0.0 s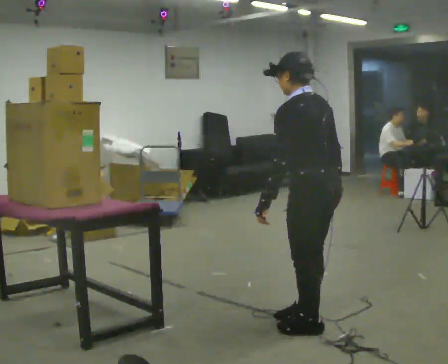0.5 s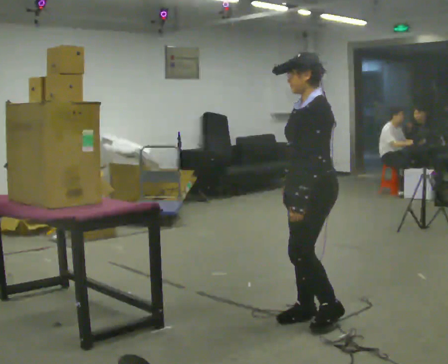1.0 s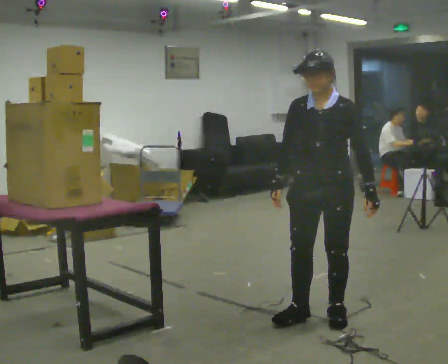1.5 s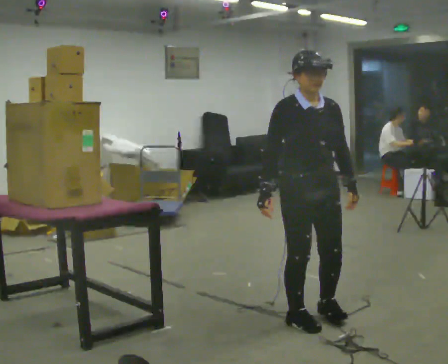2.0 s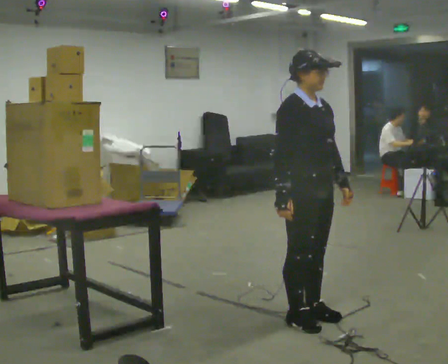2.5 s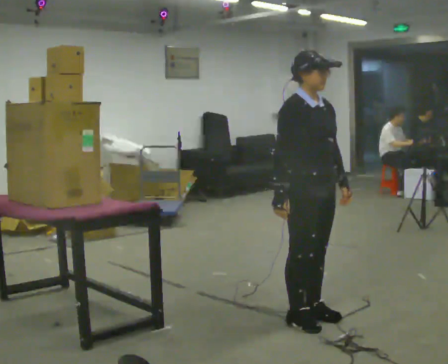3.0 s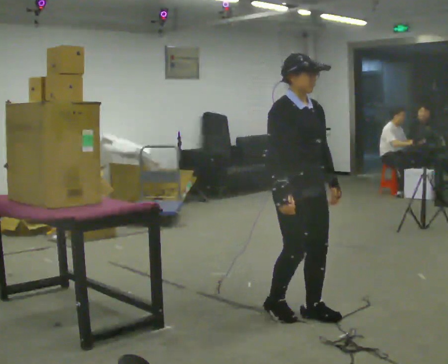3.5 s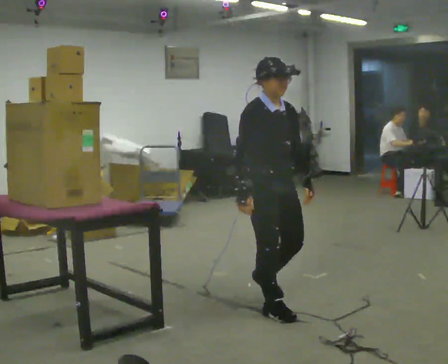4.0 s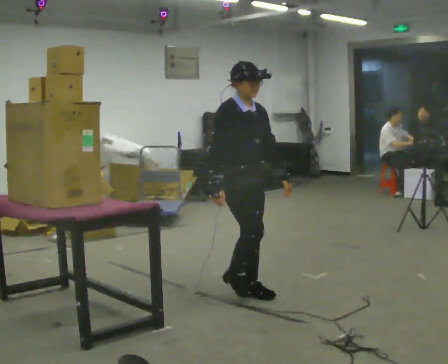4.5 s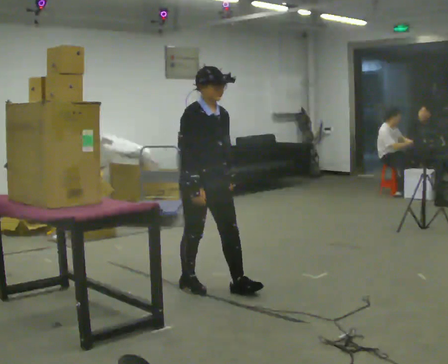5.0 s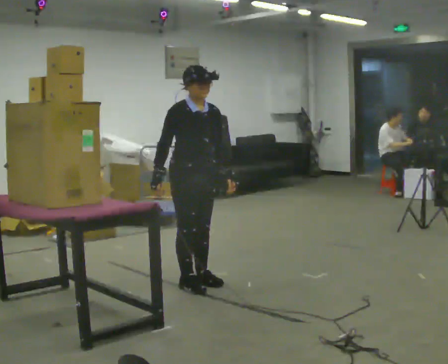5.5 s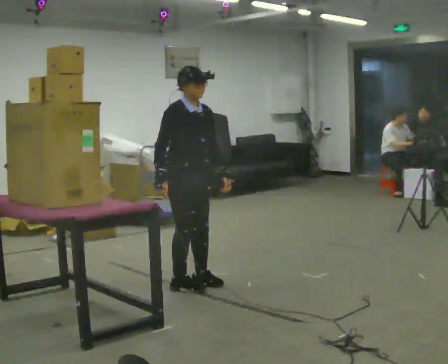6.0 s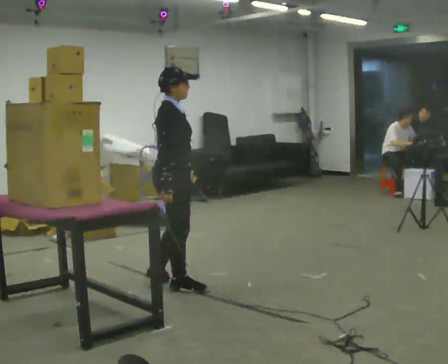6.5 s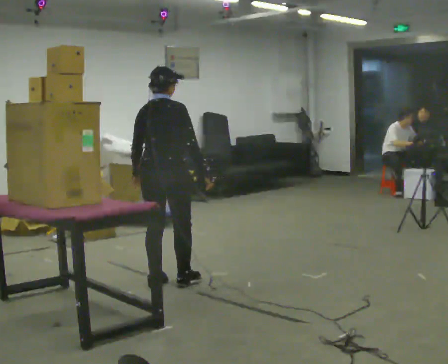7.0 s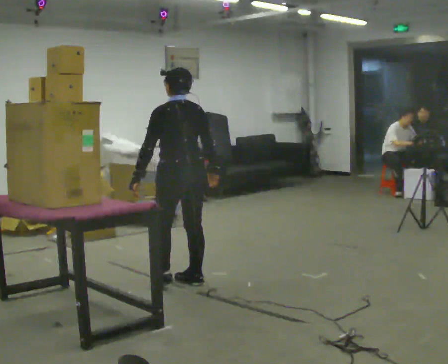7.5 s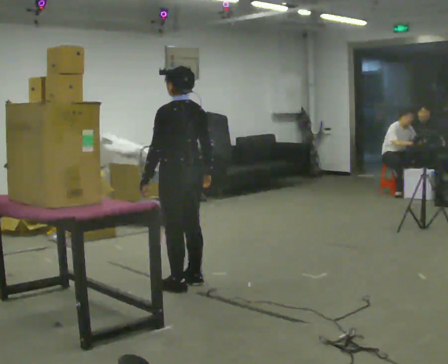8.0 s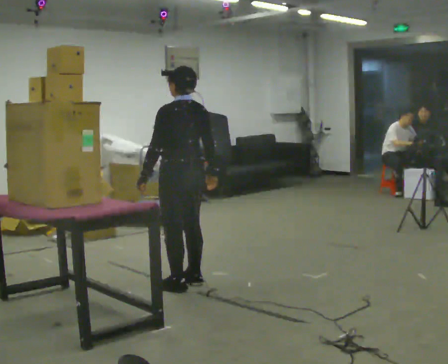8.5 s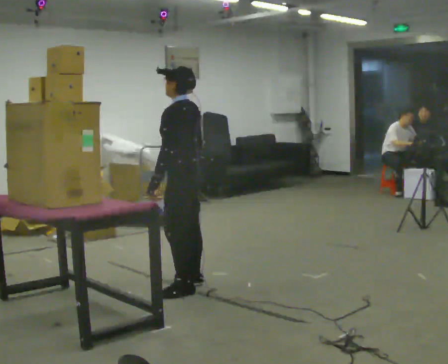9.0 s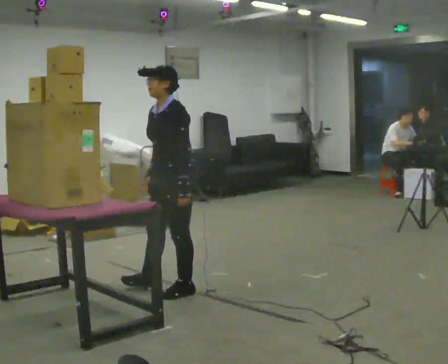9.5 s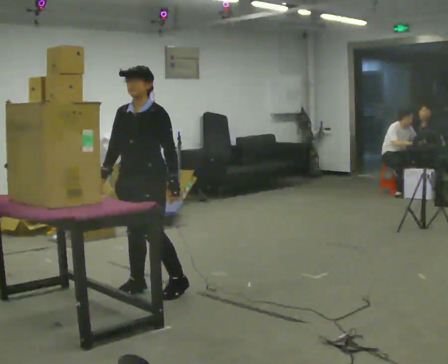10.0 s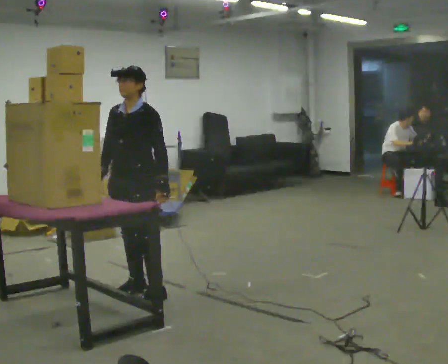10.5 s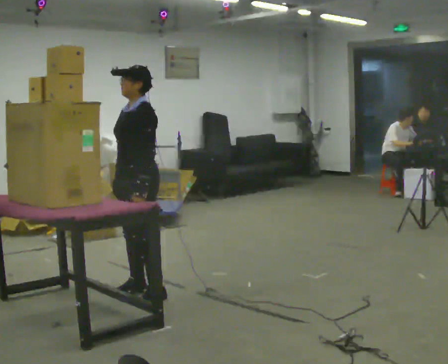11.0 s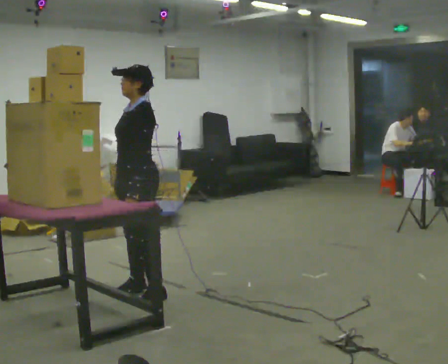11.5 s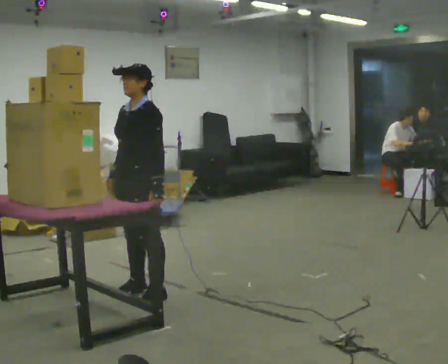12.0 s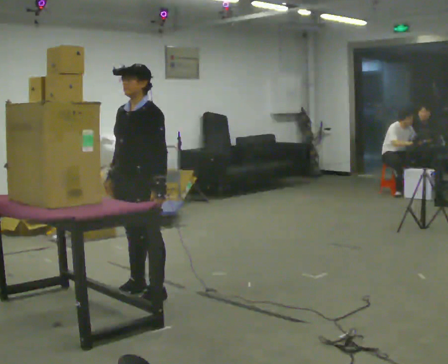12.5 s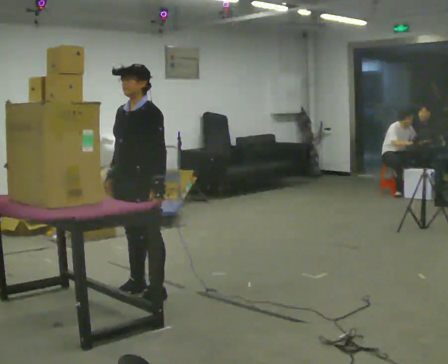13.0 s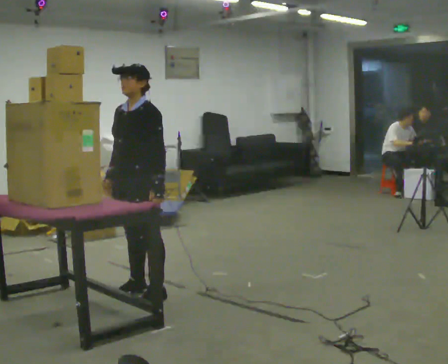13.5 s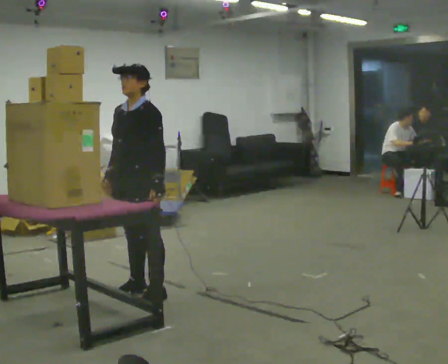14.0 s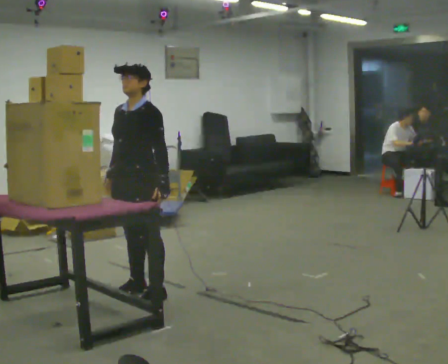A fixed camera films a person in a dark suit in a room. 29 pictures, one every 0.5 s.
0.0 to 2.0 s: The person turns about 180 degrees to their left, counterclockwise seen from above, so the part of the body nearest the lens slides to the right. In the picture their right hand goes to the left, the arm swinging clockwise.
2.0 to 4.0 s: In the picture they go away from the camera, about 0.75 m in 3 steps, which for them is backward.
4.0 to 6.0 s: The person turns about 45 degrees to their left, counterclockwise seen from above, so the part of the body nearest the lens slides to the right. In the picture they go to the left and away from the camera, about 0.5 m in 2 steps, which for them is backward and to their right.
6.0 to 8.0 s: Seen from above the body turns counterclockwise, about 135 degrees: to their left, with its near side sliding to the right. In the picture their right hand goes to the right.
8.0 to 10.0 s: The person turns about 105 degrees to their left, counterclockwise seen from above, so the part of the body nearest the lens slides to the right. In the picture they go to the left, about 0.25 m in 2 steps.
10.0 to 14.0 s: The person moves a little, or ends about where they began.
The film runs backward here.
